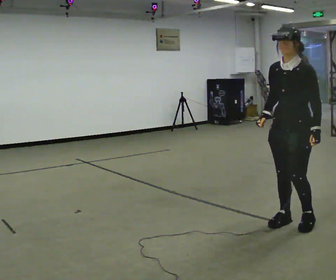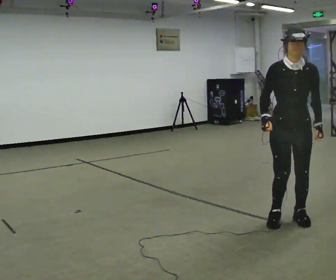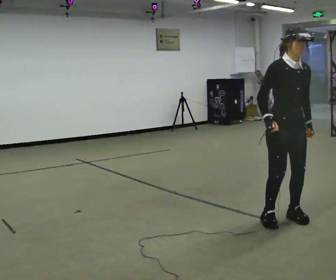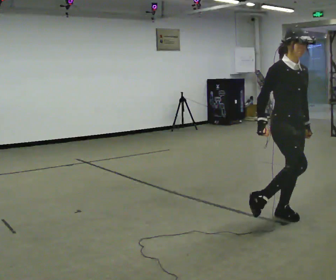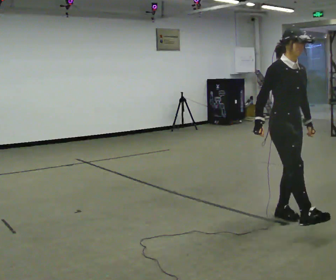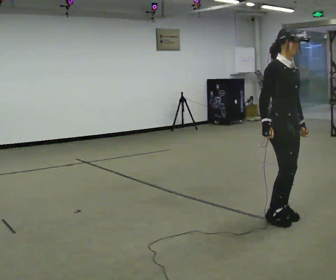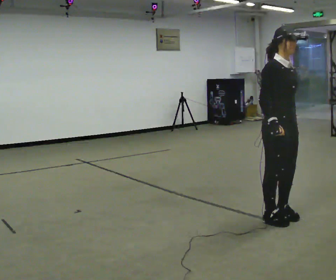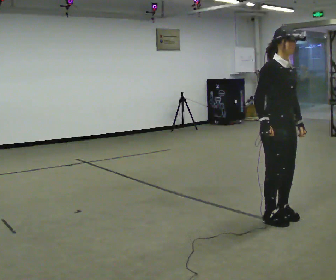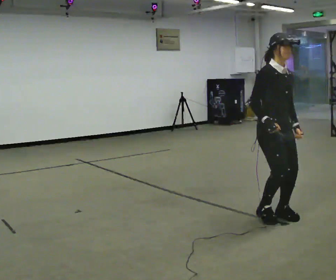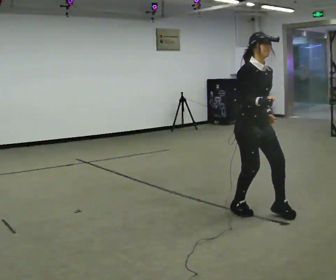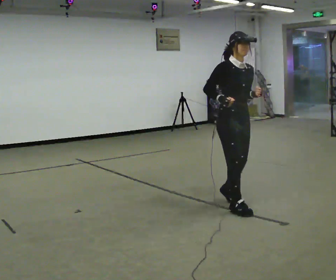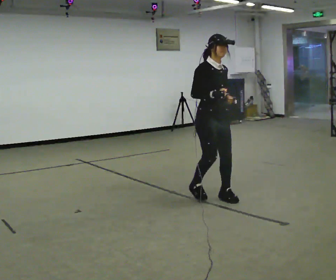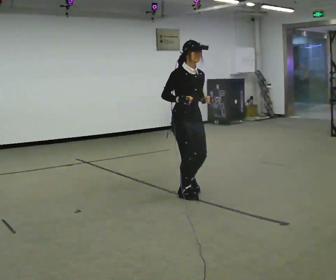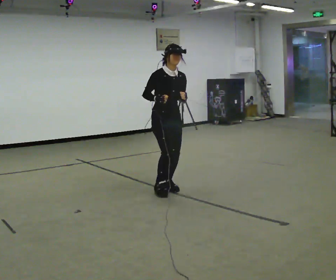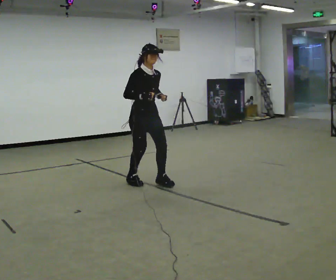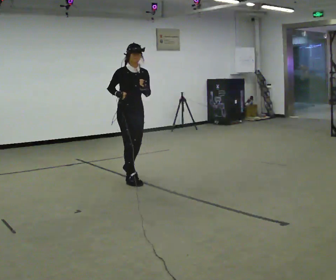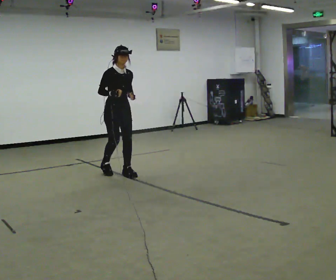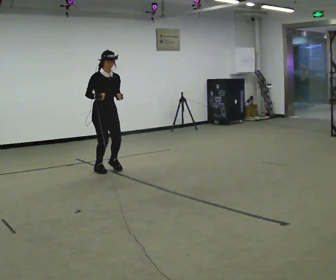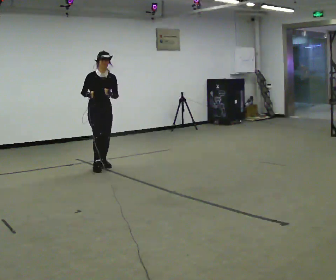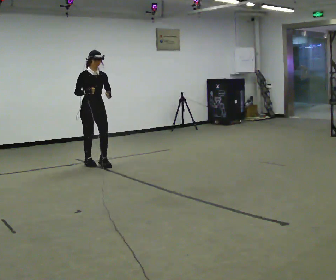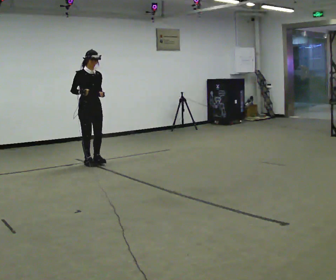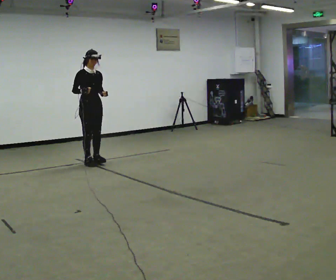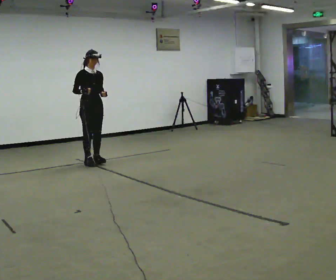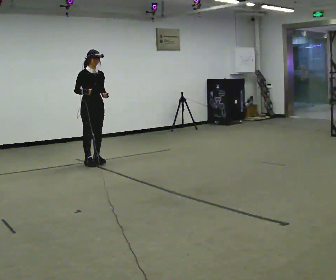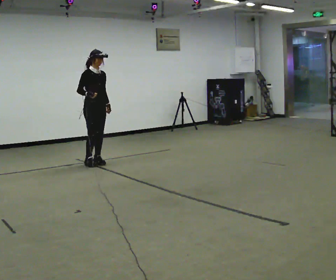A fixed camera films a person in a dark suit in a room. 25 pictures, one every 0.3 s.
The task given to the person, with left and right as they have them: Jog backward at a comfortable pace. The operator confirms the space behind you is clear before each take.
0.0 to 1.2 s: The person turns about 90 degrees to their left, counterclockwise seen from above, so the part of the body nearest the lens slides to the right. In the picture they go away from the camera, about 0.25 m in 3 steps.
1.2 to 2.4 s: The person moves a little, or ends about where they began.
2.4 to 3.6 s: In the picture they go away from the camera and to the left, about 1 m in 3 steps, which for them is backward.
3.6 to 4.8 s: In the picture they go away from the camera and to the left, about 1.5 m in 3 steps, which for them is backward.
4.8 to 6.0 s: In the picture they go away from the camera and to the left, about 1 m in 4 steps, which for them is backward.
6.0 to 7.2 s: The person moves a little, or ends about where they began.
The film runs forward here.
